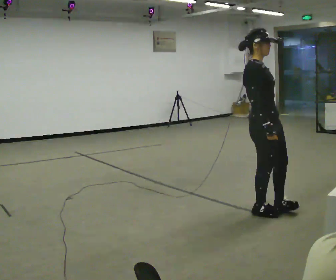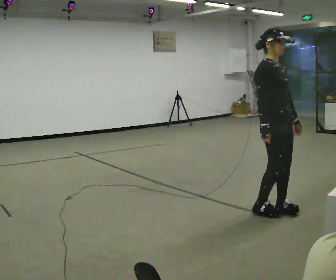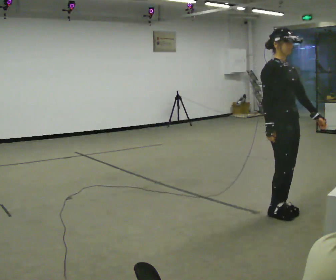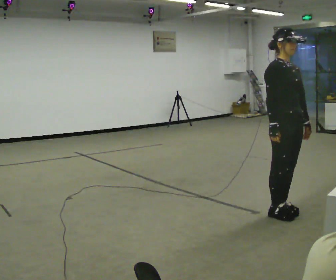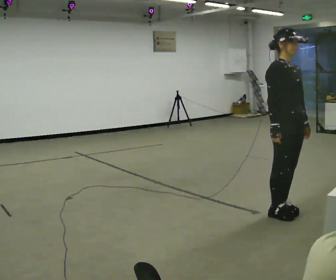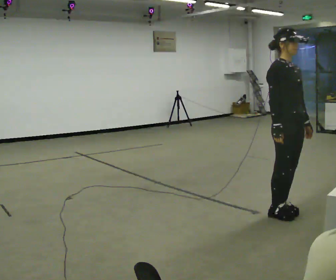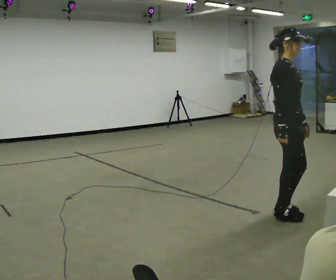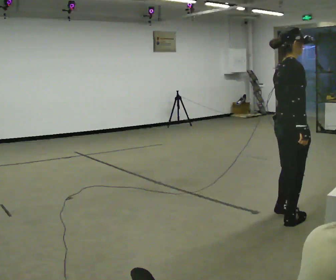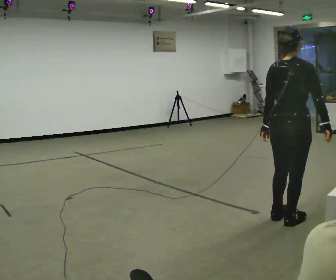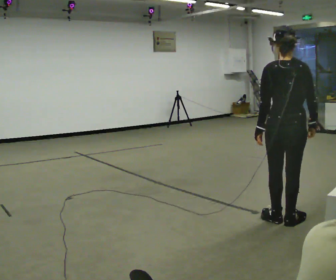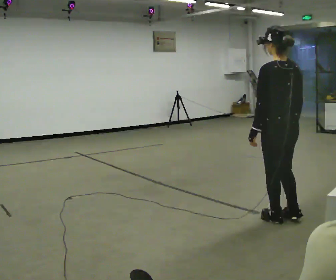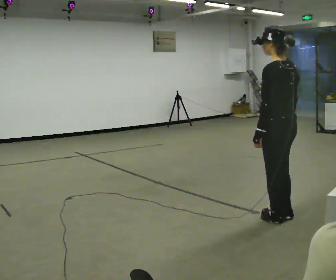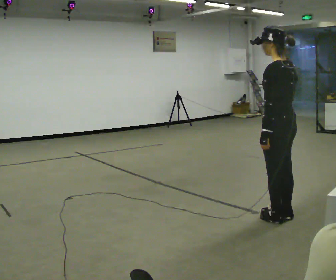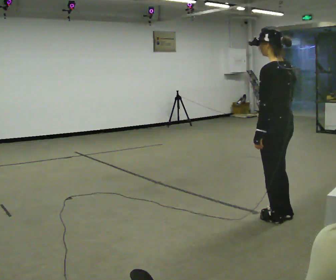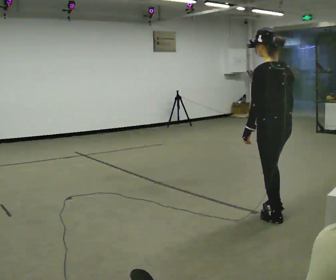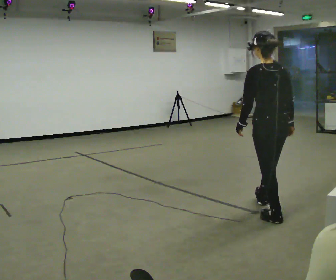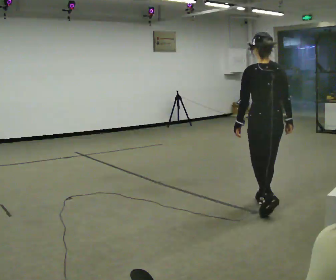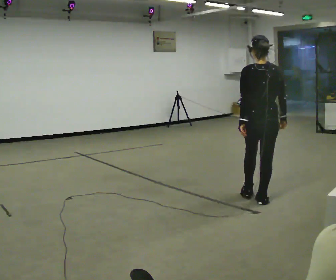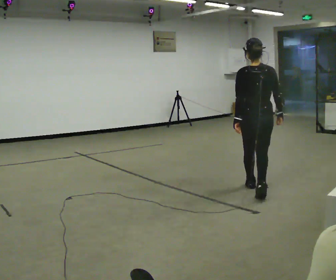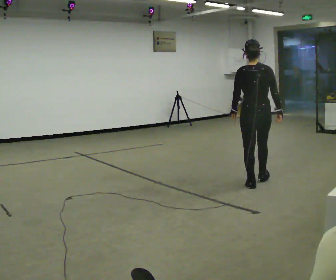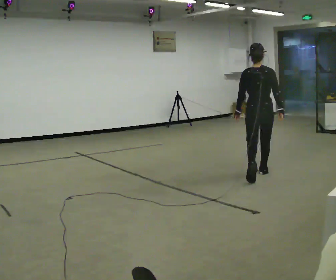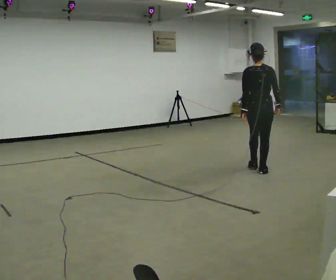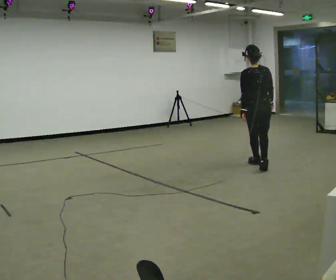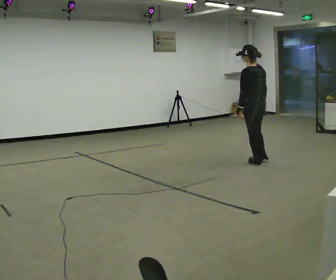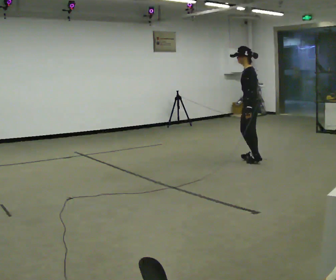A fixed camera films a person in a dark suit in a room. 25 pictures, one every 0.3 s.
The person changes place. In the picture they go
away from the camera.
0.0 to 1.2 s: In the picture they go to the right, about 0.25 m in 2 steps, which for them is forward. In the picture their left hand goes to the right.
1.2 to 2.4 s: Seen from above the body turns counterclockwise, about 105 degrees: to their left, with its near side sliding to the right. In the picture they go toward the camera, about 0.25 m in 1 step. In the picture their left hand goes to the left, the arm swinging clockwise.
2.4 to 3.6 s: The person turns about 75 degrees to their left, counterclockwise seen from above, so the part of the body nearest the lens slides to the right. In the picture their right hand goes to the left.
3.6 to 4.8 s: Seen from above the body turns clockwise, about 30 degrees: to their right, with its near side sliding to the left. In the picture they go away from the camera, about 0.5 m in 1 step, which for them is forward and to their right.
4.8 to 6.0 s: In the picture they go away from the camera, about 1 m in 2 steps, which for them is forward.
6.0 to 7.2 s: The part of the body nearest the lens slides to the right as the person turns to their left by about 90 degrees. In the picture they go away from the camera, about 1 m in 2 steps.
The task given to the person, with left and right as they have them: Walk continuously ~15 s; naturally alternate slow/normal/fast several times; no stop.
The film runs forward here.
